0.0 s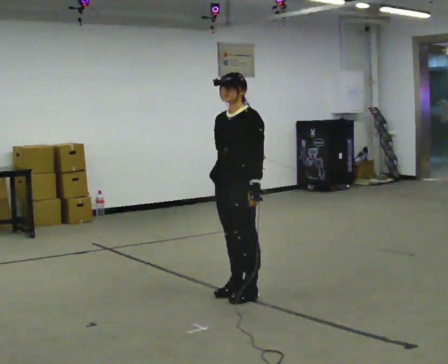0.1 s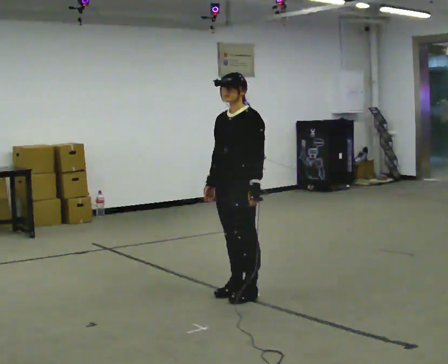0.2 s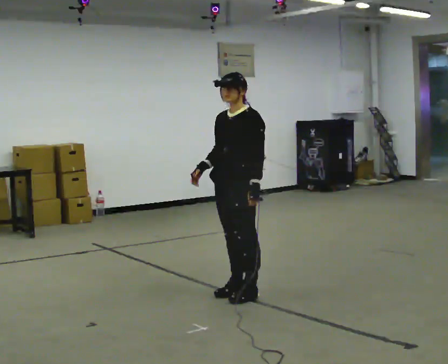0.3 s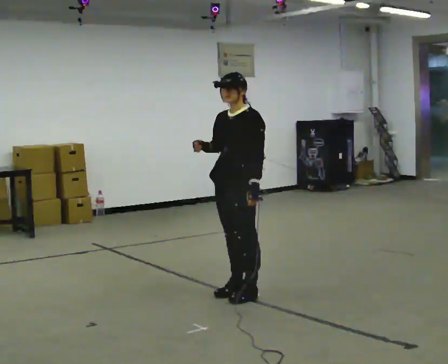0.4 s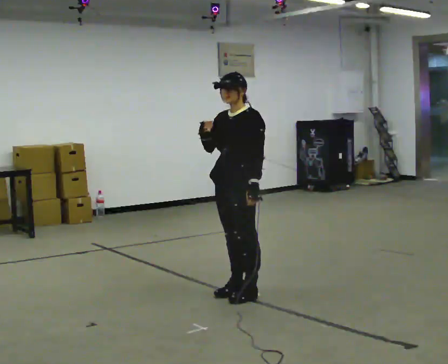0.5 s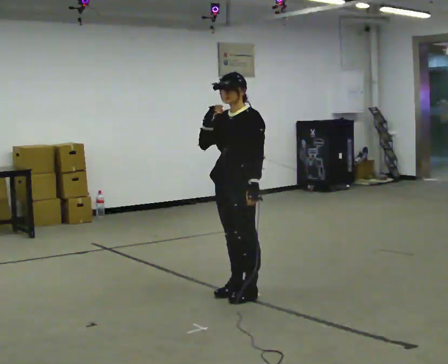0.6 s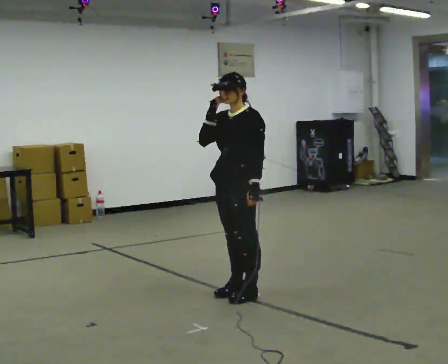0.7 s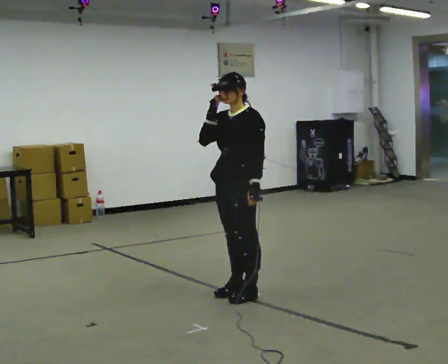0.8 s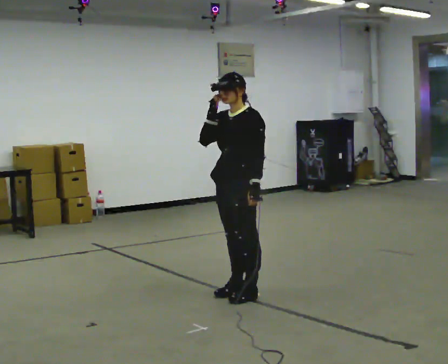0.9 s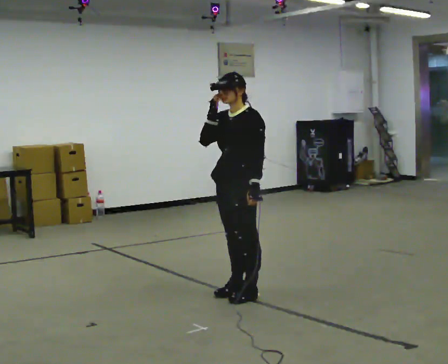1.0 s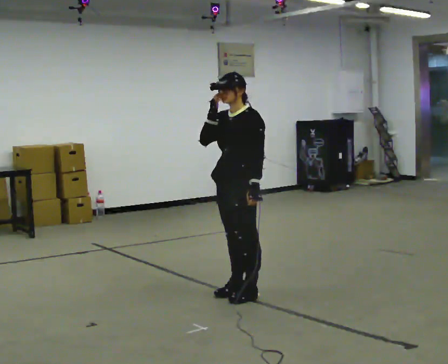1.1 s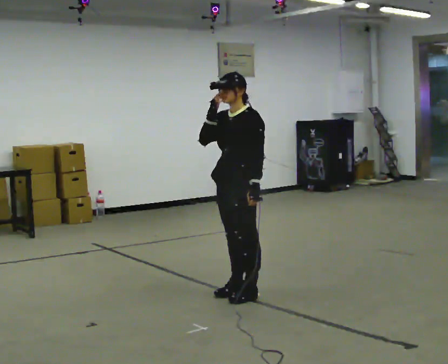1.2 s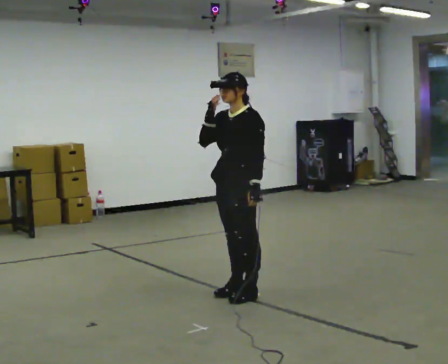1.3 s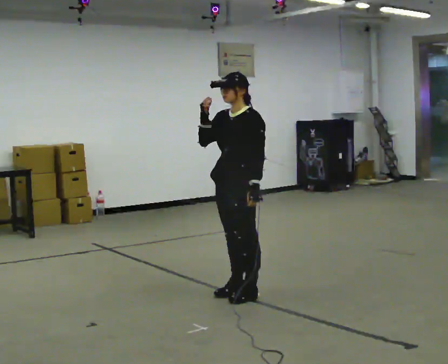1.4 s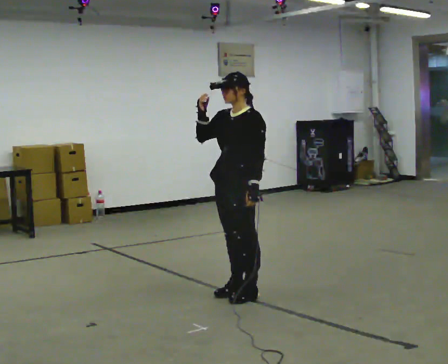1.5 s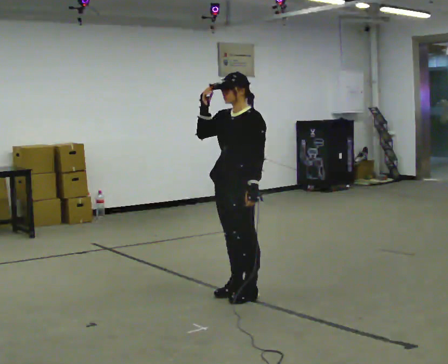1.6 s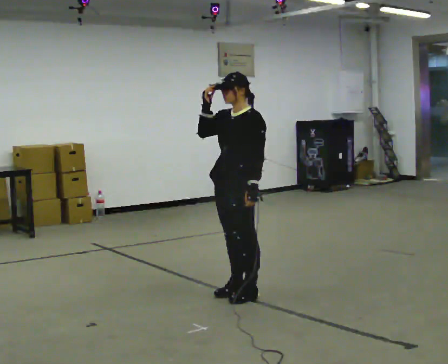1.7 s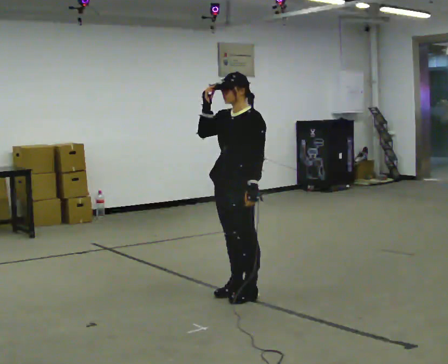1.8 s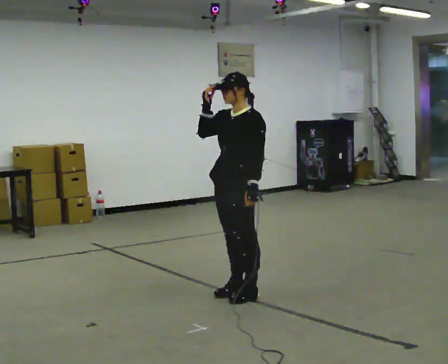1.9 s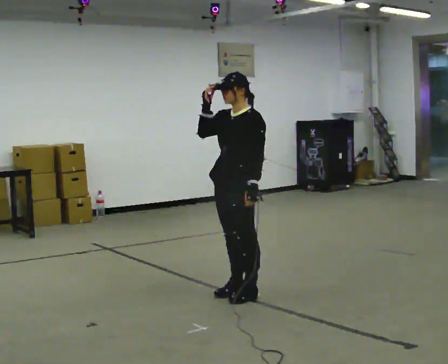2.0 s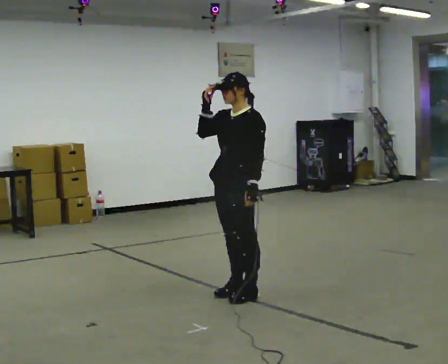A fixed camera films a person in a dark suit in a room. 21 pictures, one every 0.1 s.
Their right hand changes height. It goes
upward.
0.0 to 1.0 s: In the picture their right hand goes upward.
1.0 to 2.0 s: The person moves a little, or ends about where they began.
The film runs backward here.
